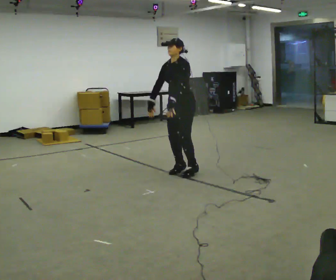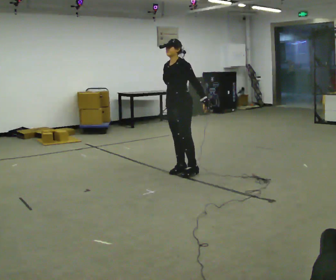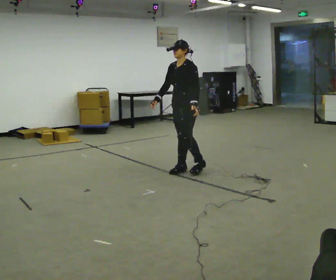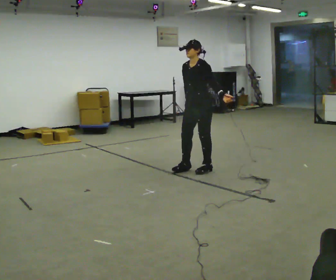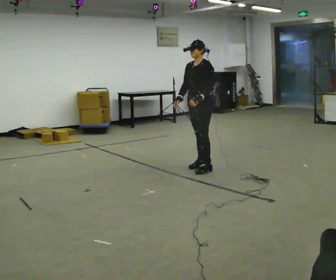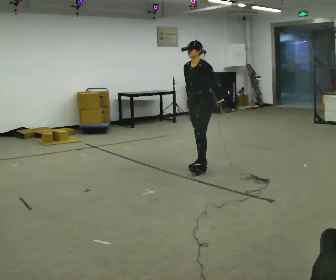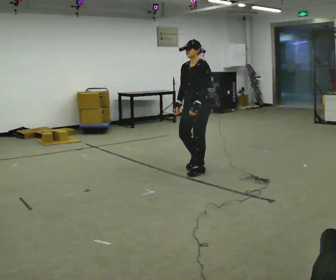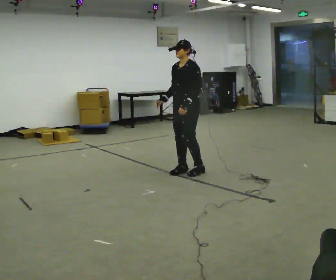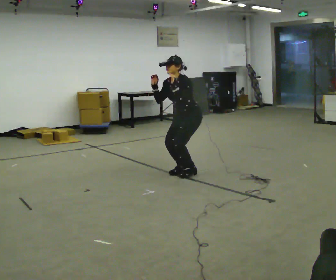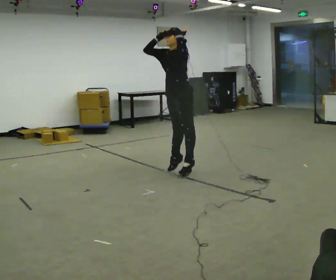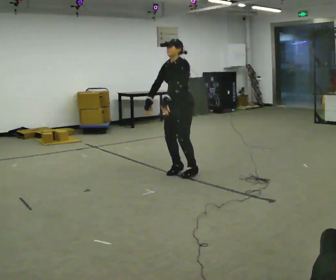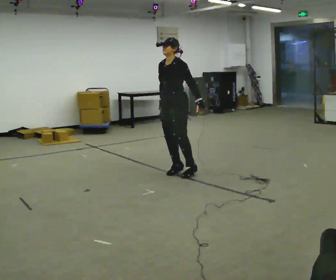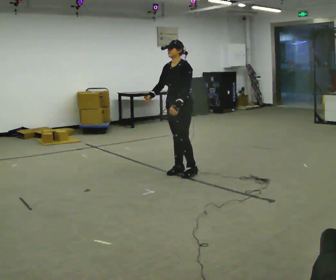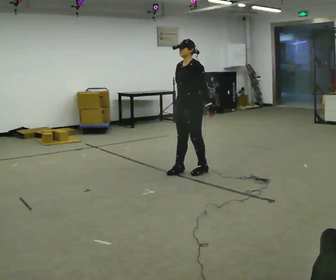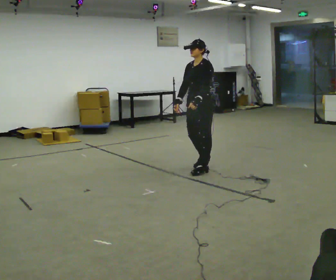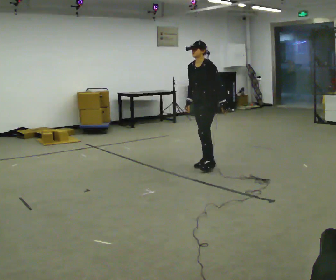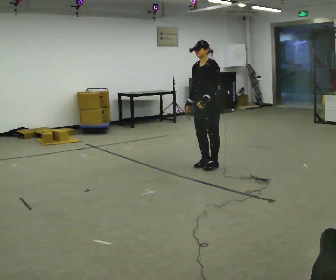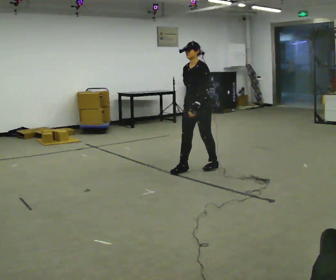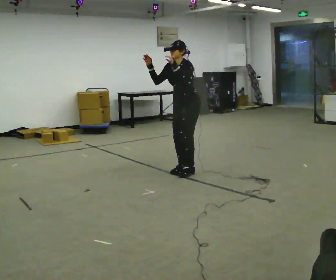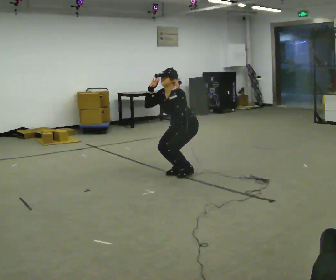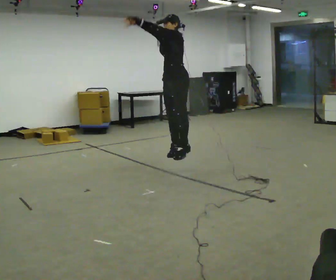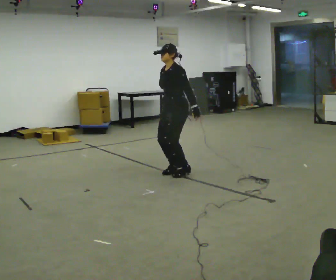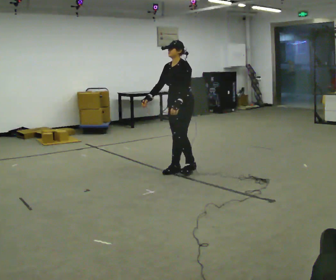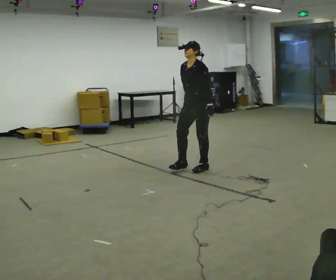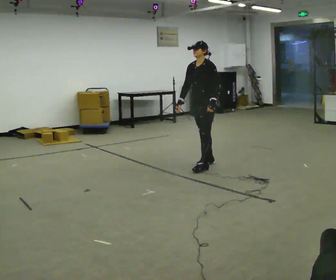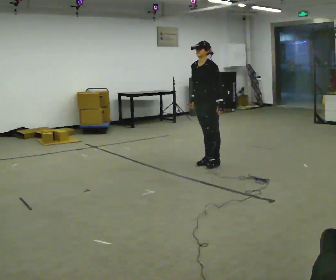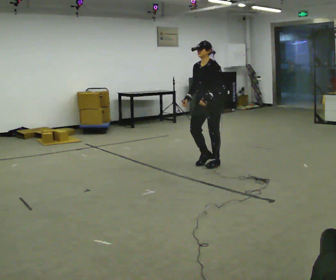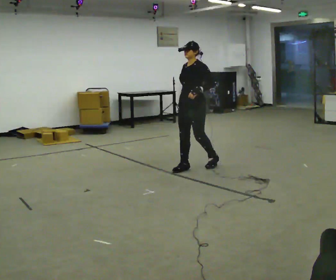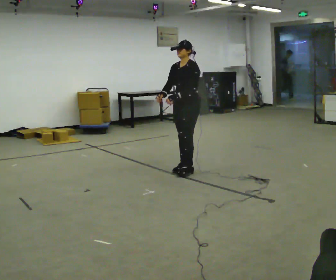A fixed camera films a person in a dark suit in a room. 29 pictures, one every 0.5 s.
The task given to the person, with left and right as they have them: Mime a volleyball spike with no ball: approach in place, jump and strike downward. Repeat the movement at your own pace until the operator says stop; do not rush.
0.0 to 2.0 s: In the picture they go to the right and away from the camera, about 0.25 m in 2 steps, which for them is backward.
2.0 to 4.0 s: In the picture they go toward the camera, about 0.25 m in 1 step, which for them is forward. The shoulders move downward. In the picture the upper body tilts counterclockwise, shoulders to the left, as they bend forward.
4.0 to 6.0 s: The person moves a little, or ends about where they began.
6.0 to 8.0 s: In the picture they go to the right and away from the camera, about 0.5 m in 2 steps, which for them is backward.
8.0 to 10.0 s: In the picture they go to the left and toward the camera, about 0.5 m in 2 steps, which for them is forward. In the picture their right hand goes upward.
10.0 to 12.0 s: In the picture they go away from the camera and to the right, about 0.5 m in 2 steps, which for them is backward. In the picture their left hand goes downward.
12.0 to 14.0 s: In the picture they go toward the camera and to the left, about 0.25 m in 3 steps, which for them is forward.
The film runs forward here.
